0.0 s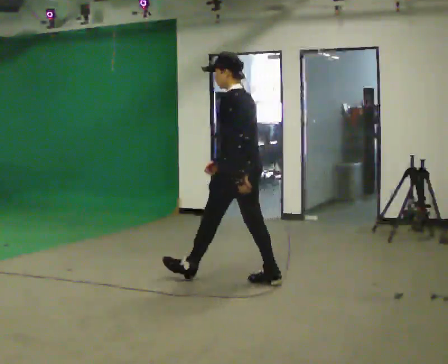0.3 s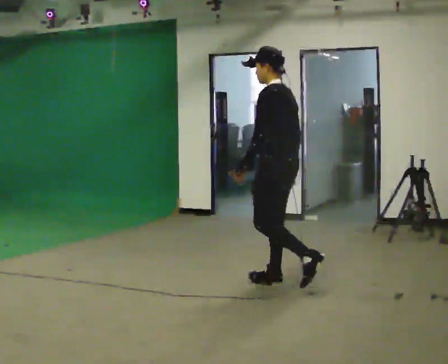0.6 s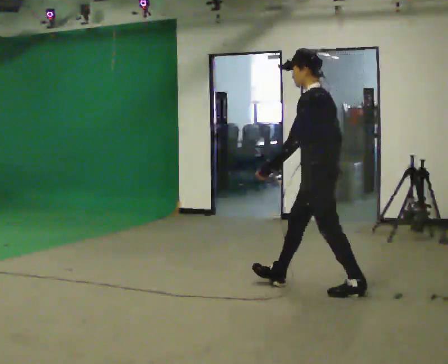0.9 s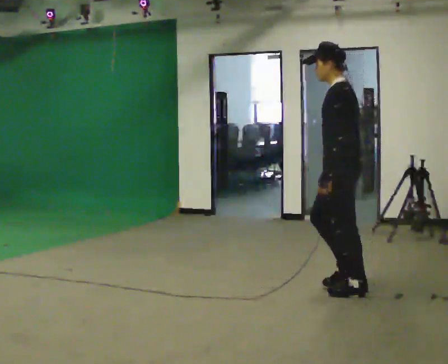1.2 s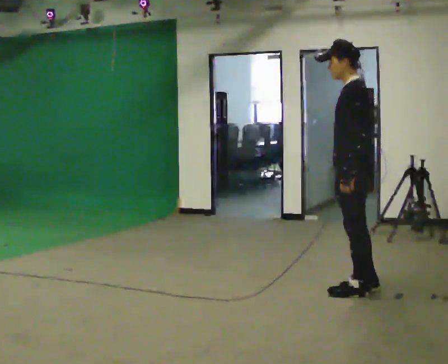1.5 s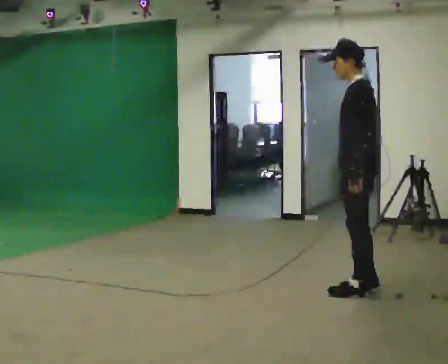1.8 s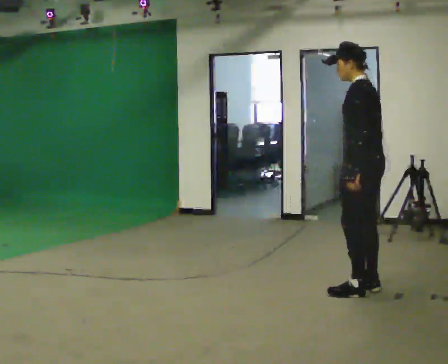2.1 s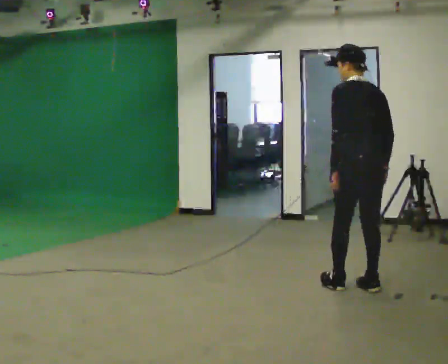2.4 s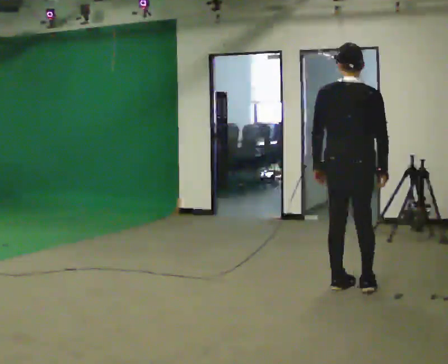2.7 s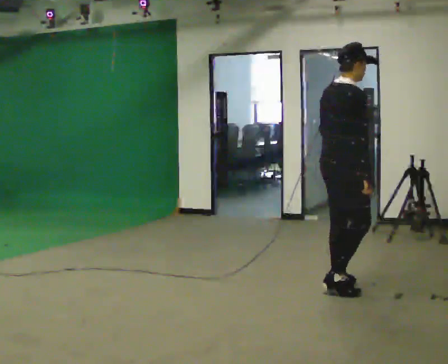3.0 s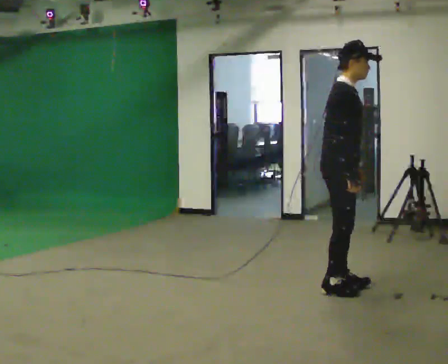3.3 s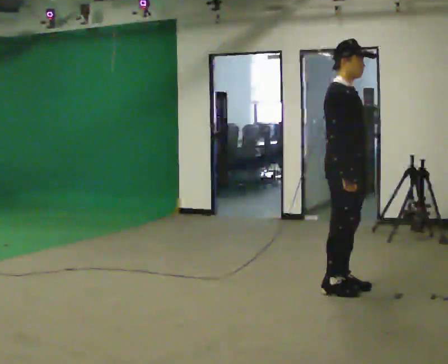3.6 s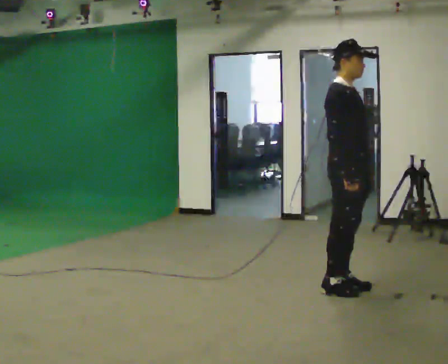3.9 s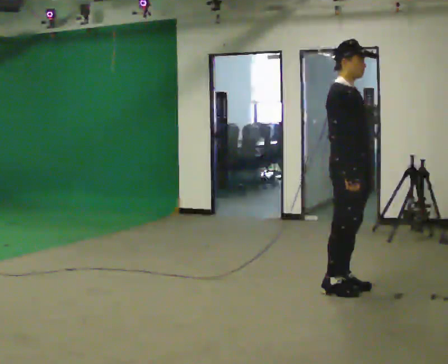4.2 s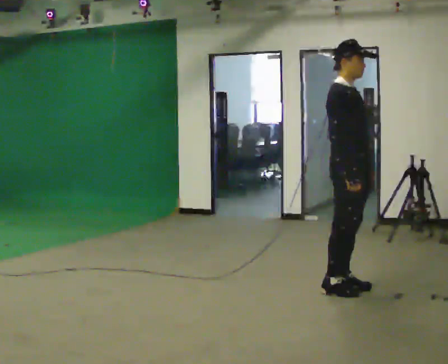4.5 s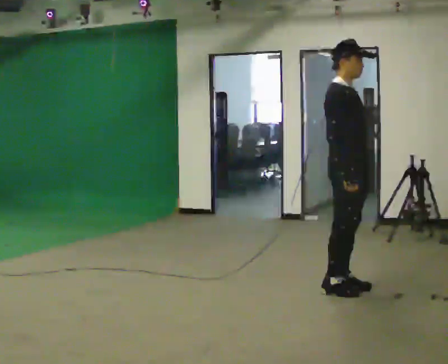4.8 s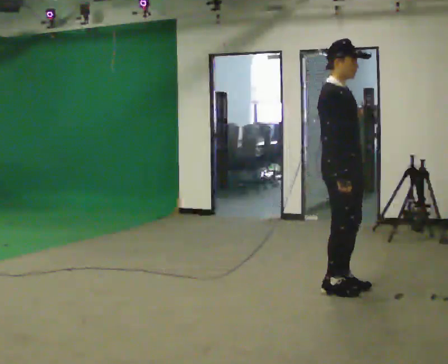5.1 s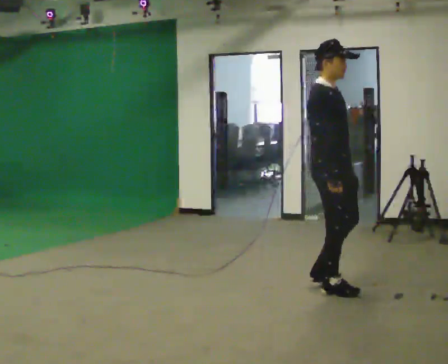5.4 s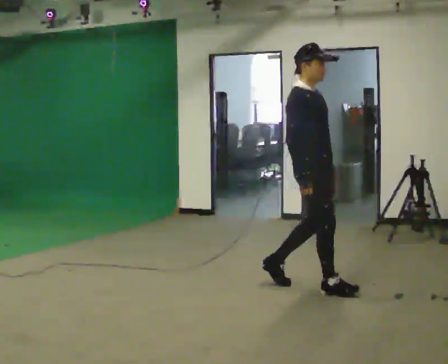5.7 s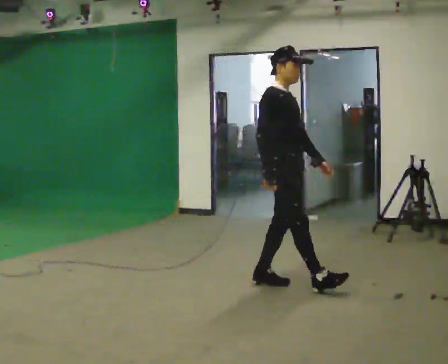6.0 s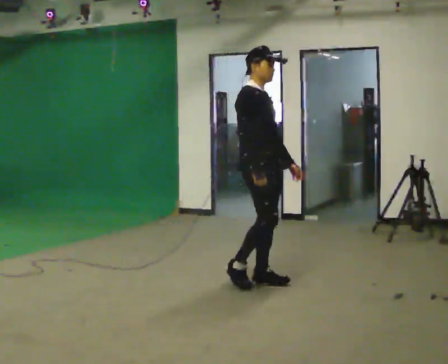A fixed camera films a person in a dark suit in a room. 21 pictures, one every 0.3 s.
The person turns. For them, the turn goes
to their right.
The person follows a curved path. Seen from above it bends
counterclockwise.
0.0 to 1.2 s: In the picture they go to the right, about 1 m in 1 step, which for them is backward.
1.2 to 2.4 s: The part of the body nearest the lens slides to the left as the person turns to their right by about 90 degrees.
2.4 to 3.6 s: Seen from above the body turns clockwise, about 105 degrees: to their right, with its near side sliding to the left. In the picture their left hand goes to the right.
3.6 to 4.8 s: The person moves a little, or ends about where they began.
4.8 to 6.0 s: In the picture they go to the left, about 0.5 m in 2 steps, which for them is backward.
The film runs backward here.
